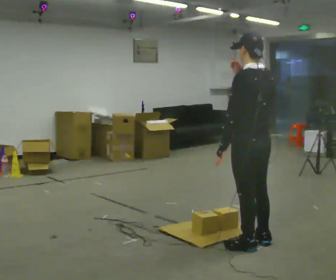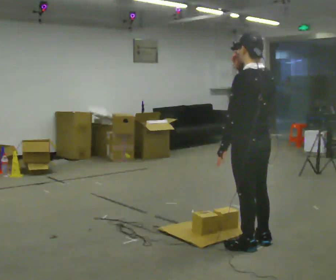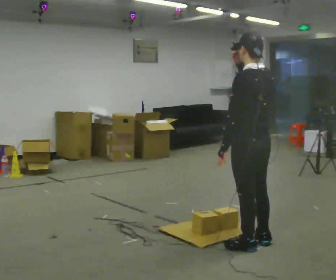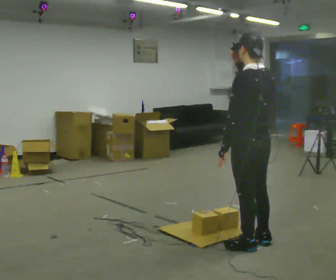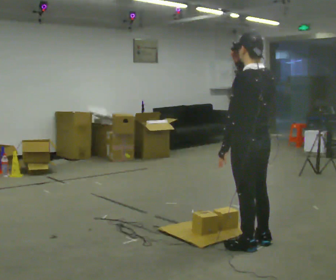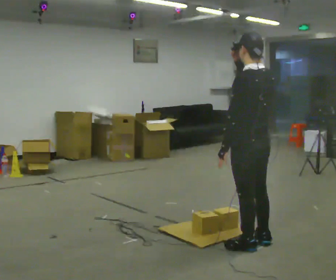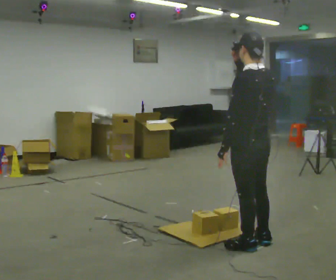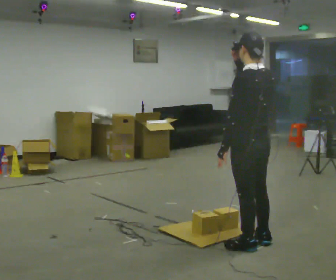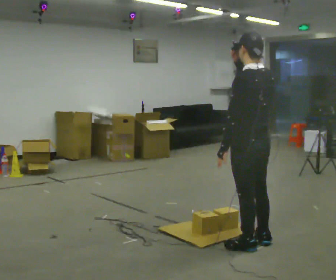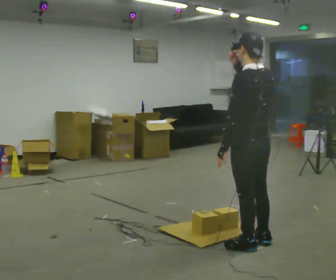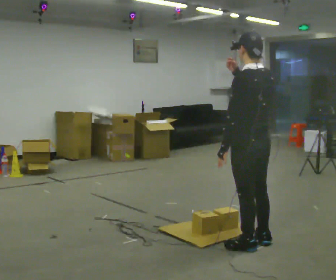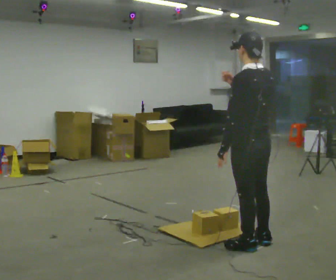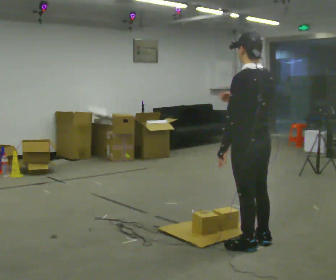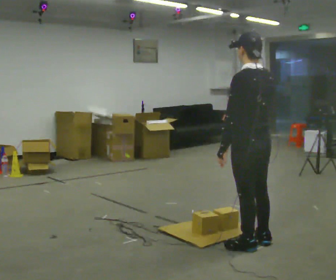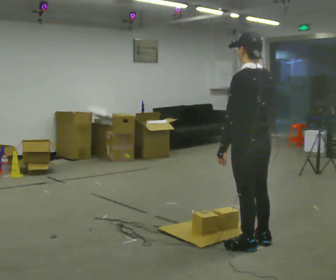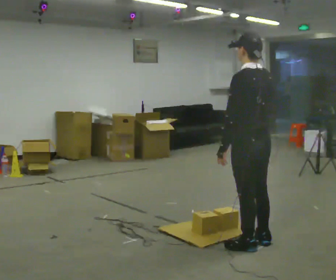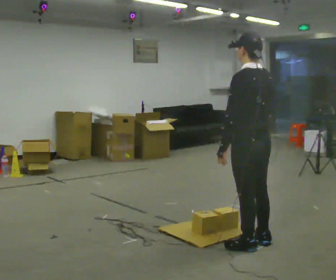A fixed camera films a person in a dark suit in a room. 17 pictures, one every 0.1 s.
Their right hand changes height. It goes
downward.
0.0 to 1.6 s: In the picture their right hand goes downward.
The film runs forward here.
